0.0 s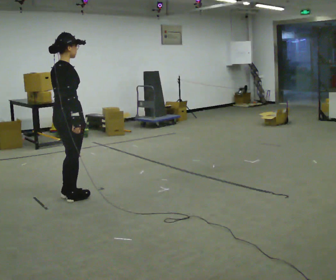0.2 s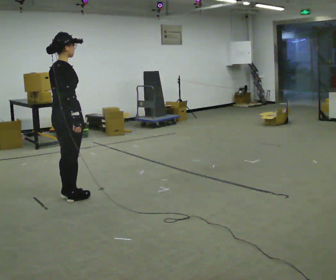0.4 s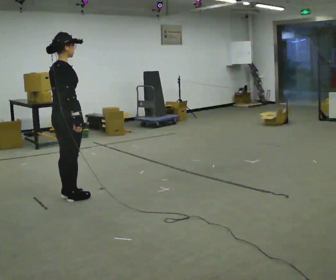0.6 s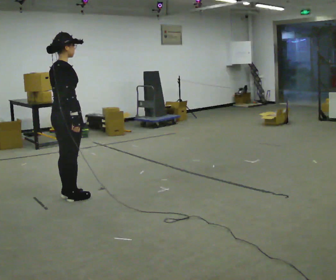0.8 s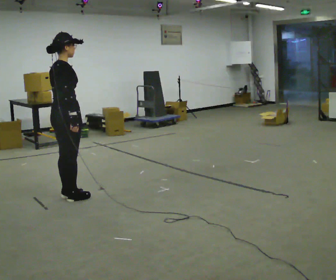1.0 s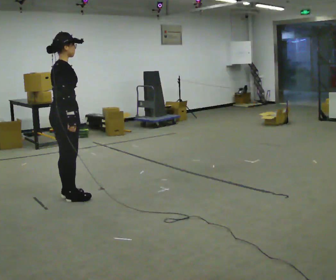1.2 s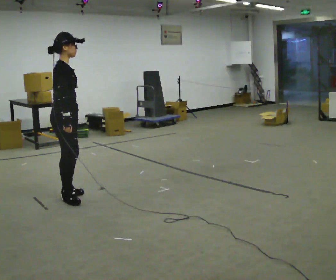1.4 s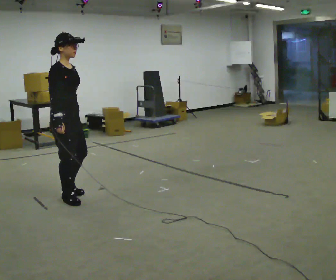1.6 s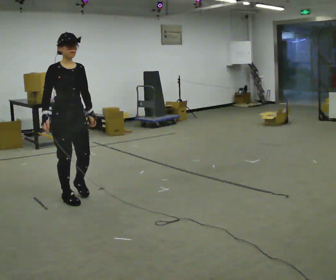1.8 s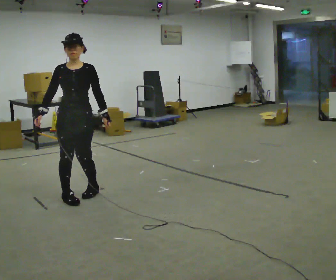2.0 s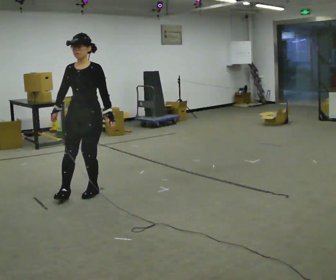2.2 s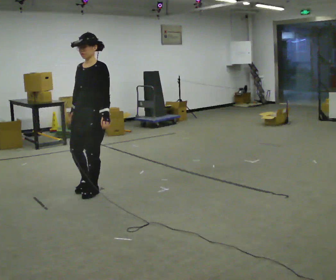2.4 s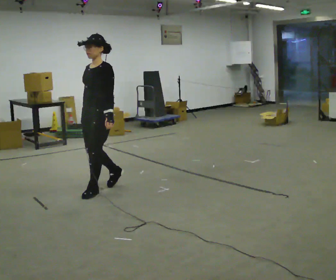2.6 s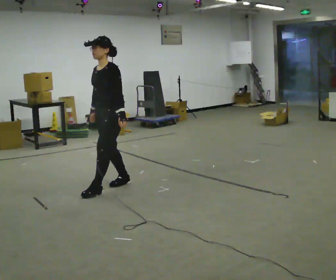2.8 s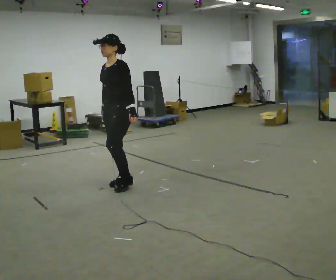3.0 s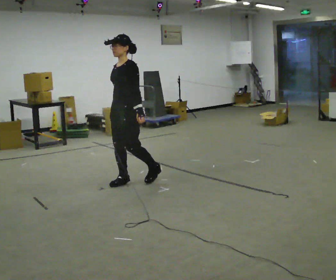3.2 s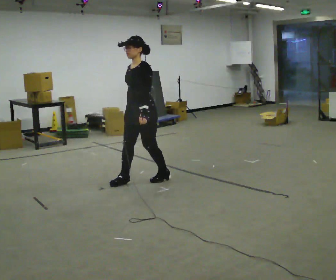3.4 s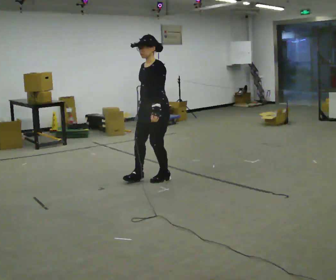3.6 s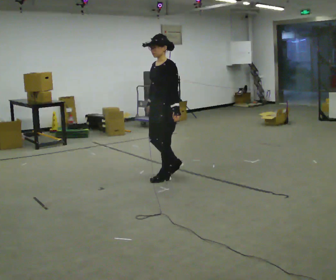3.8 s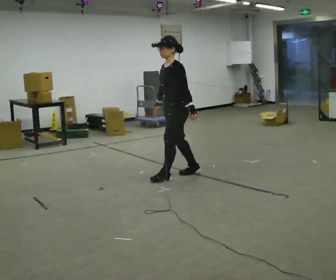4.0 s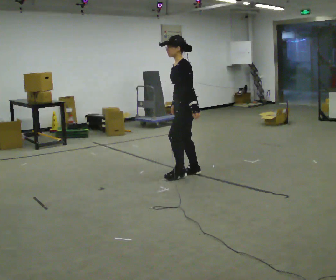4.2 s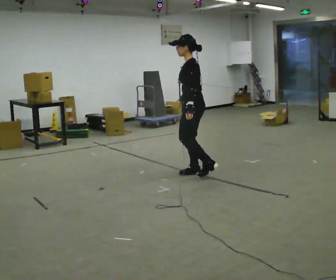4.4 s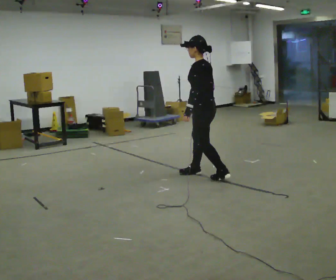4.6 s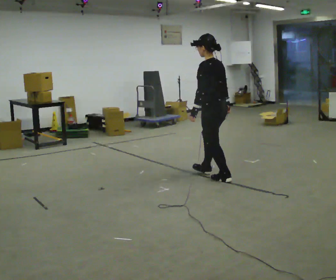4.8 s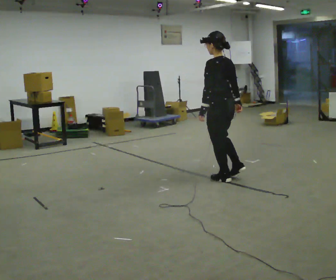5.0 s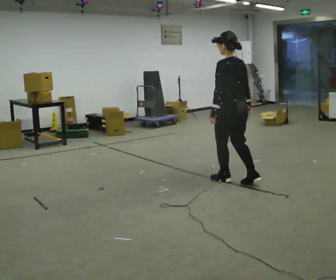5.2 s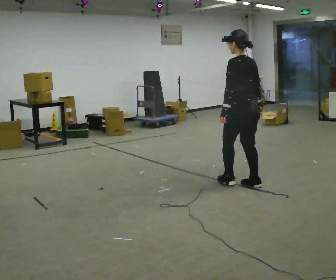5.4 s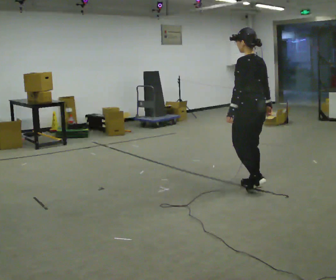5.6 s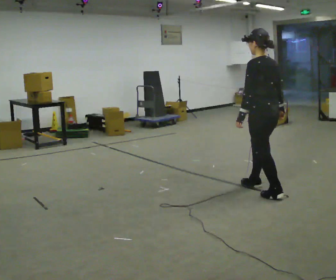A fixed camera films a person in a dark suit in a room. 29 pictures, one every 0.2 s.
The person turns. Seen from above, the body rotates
clockwise.
The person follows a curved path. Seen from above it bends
clockwise.
0.0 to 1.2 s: The part of the body nearest the lens slides to the left as the person turns to their right by about 30 degrees.
1.2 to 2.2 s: The part of the body nearest the lens slides to the left as the person turns to their right by about 135 degrees. In the picture they go to the right, about 0.25 m in 1 step.
2.2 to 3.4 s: In the picture they go to the right and away from the camera, about 1 m in 2 steps, which for them is backward.
3.4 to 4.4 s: The person turns about 60 degrees to their right, clockwise seen from above, so the part of the body nearest the lens slides to the left. In the picture they go to the right, about 0.5 m in 2 steps.
4.4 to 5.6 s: Seen from above the body turns clockwise, about 30 degrees: to their right, with its near side sliding to the left. In the picture they go toward the camera and to the right, about 1 m in 2 steps, which for them is backward.
The film runs forward here.
